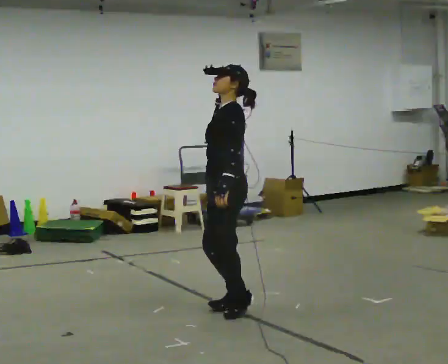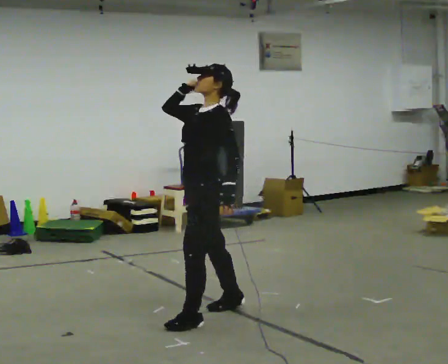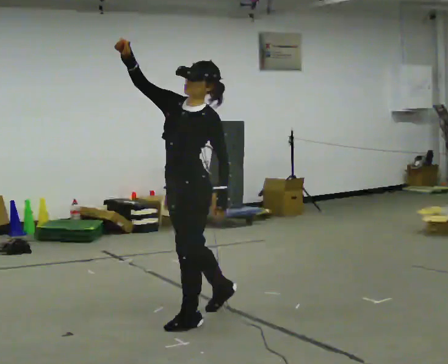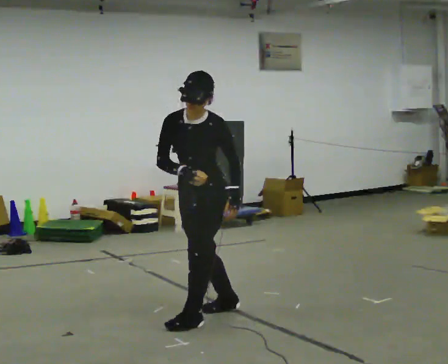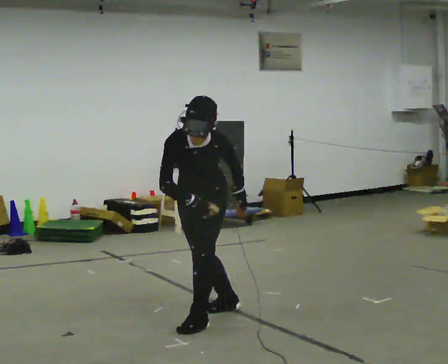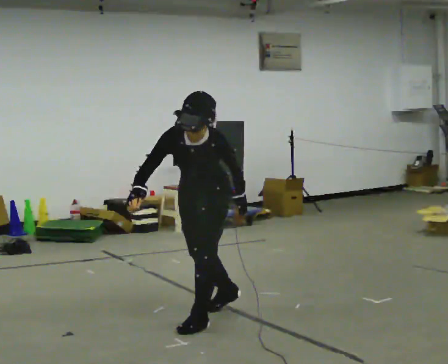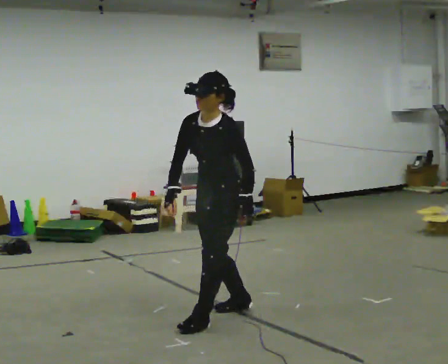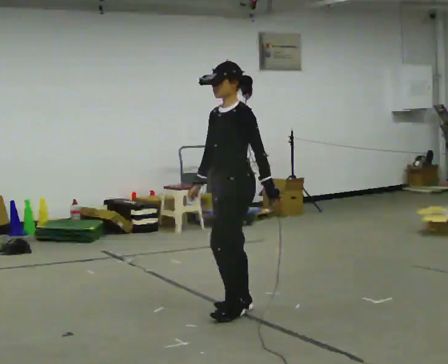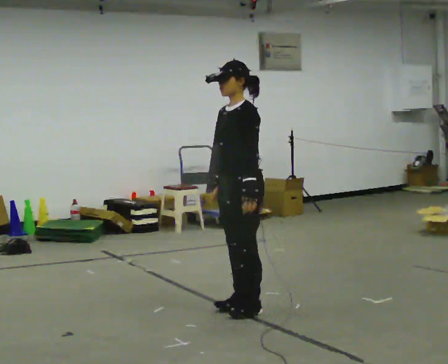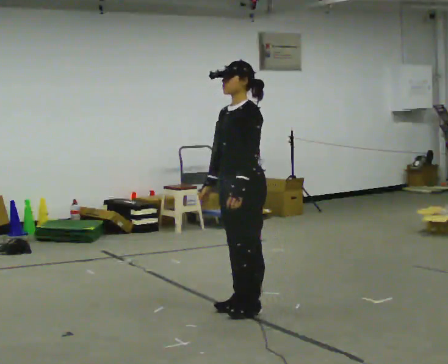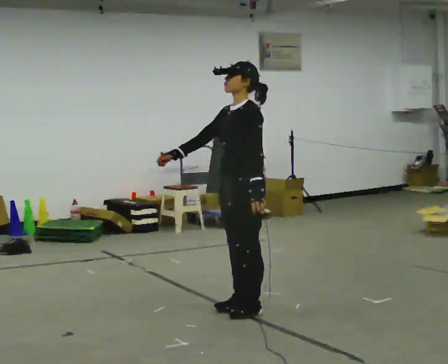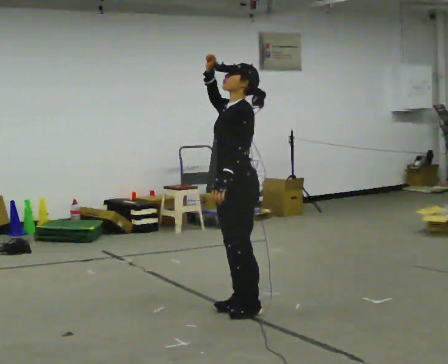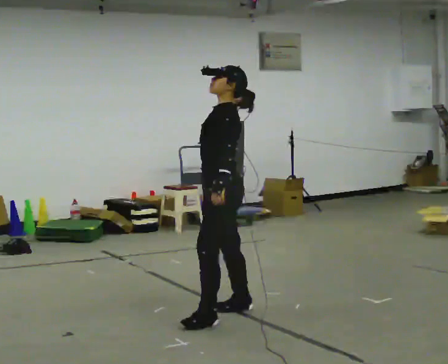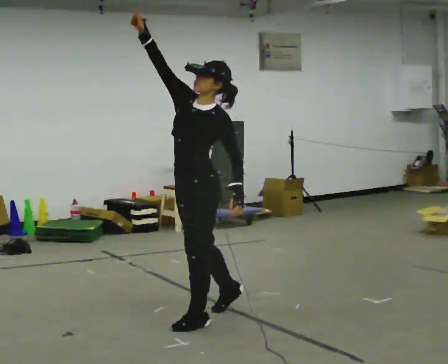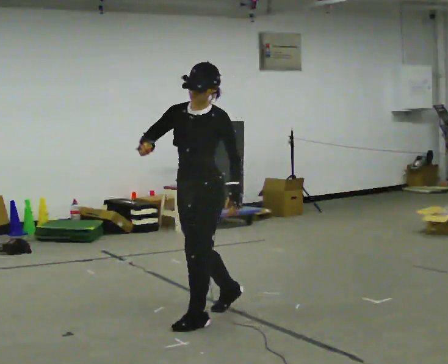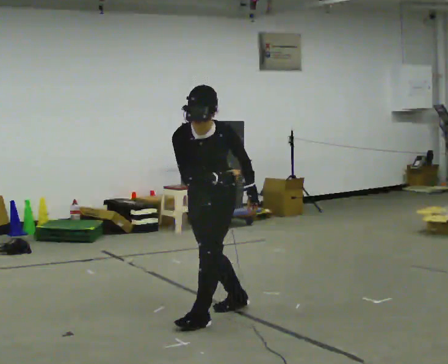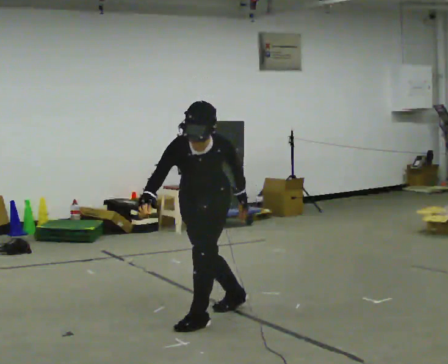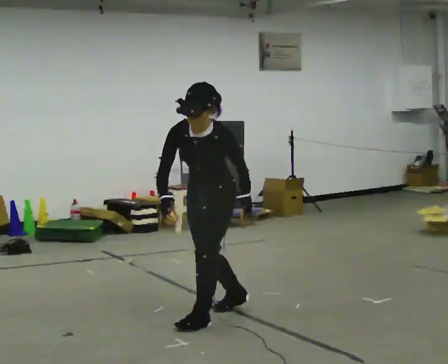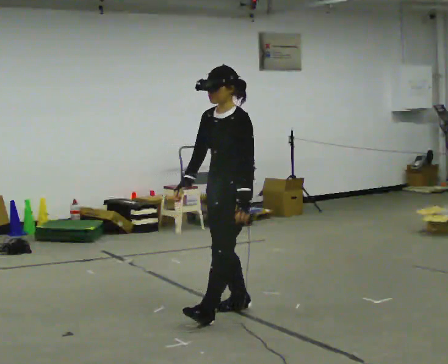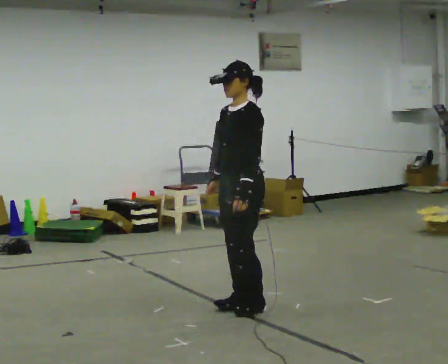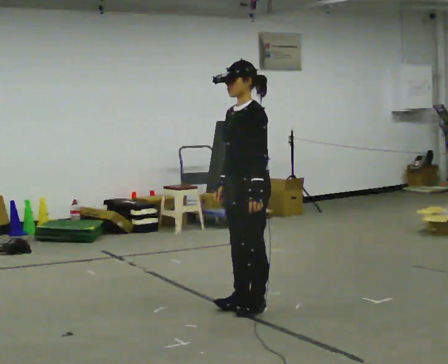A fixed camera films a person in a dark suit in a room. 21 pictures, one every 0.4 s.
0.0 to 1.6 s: The person turns about 45 degrees to their left, counterclockwise seen from above, so the part of the body nearest the lens slides to the right. The upper body tips toward the camera, its near side rolling downward, as they bend forward. In the picture their right hand goes downward.
1.6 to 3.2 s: The person turns about 30 degrees to their right, clockwise seen from above, so the part of the body nearest the lens slides to the left. In the picture they go to the right, about 0.25 m in 1 step, which for them is backward. The upper body goes upward. The upper body tips away from the camera, its near side rolling upward, as they lean back or straighten.
3.2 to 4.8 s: In the picture their right hand goes upward.
4.8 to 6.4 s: The part of the body nearest the lens slides to the right as the person turns to their left by about 60 degrees. The shoulders move downward. The upper body tips toward the camera, its near side rolling downward, as they bend forward. In the picture their right hand goes downward and to the left.
6.4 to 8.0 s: The part of the body nearest the lens slides to the left as the person turns to their right by about 45 degrees. In the picture they go to the right, about 0.25 m in 1 step, which for them is backward. The shoulders move upward. The upper body tips away from the camera, its near side rolling upward, as they lean back or straighten.
The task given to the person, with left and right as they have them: Mime tennis groundstrokes with no racket, alternating forehand and backhand. Repeat the movement at your own pace until the operator says stop; do not rush.
The film runs forward here.
